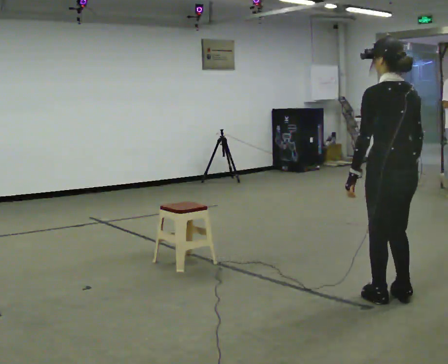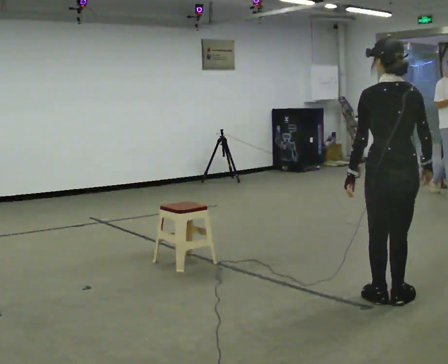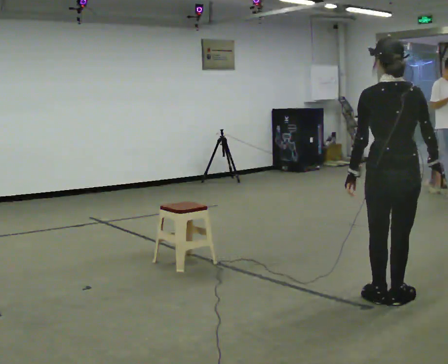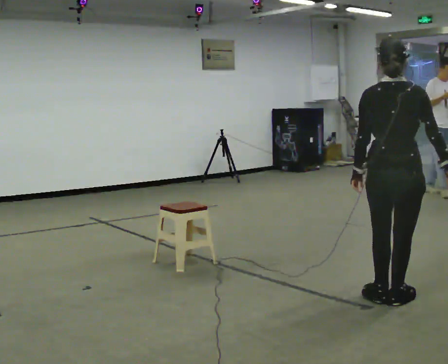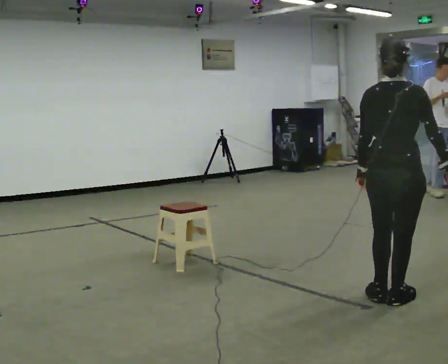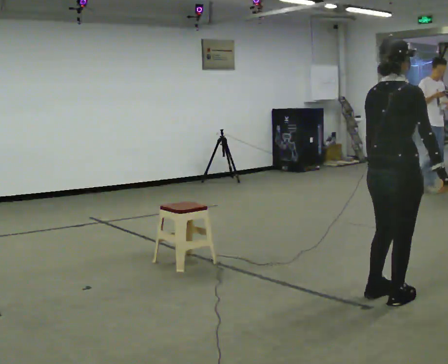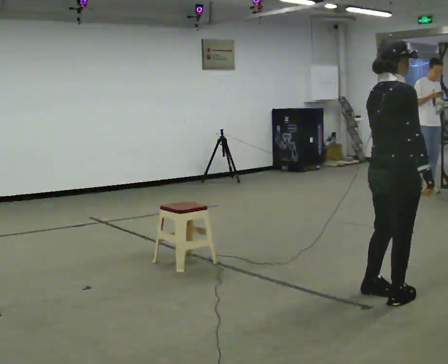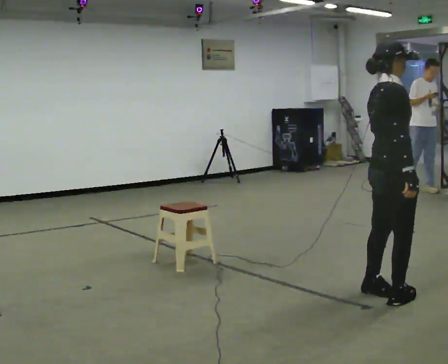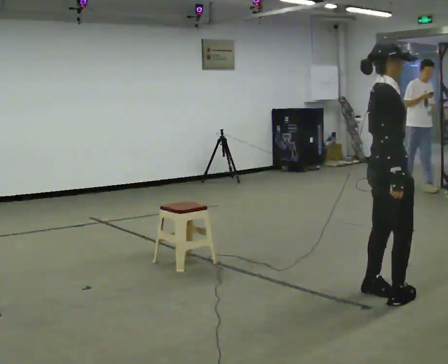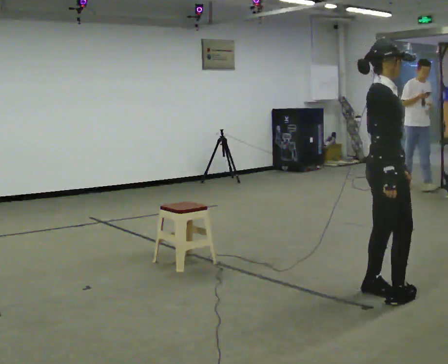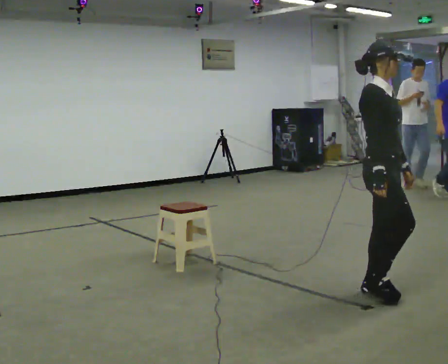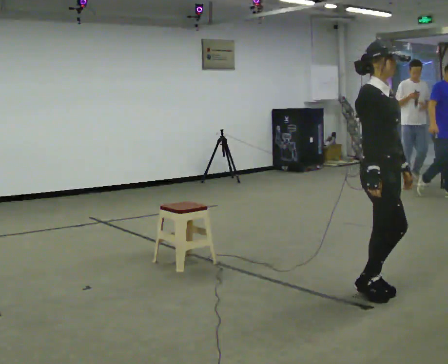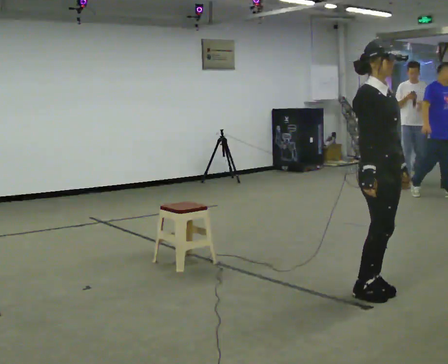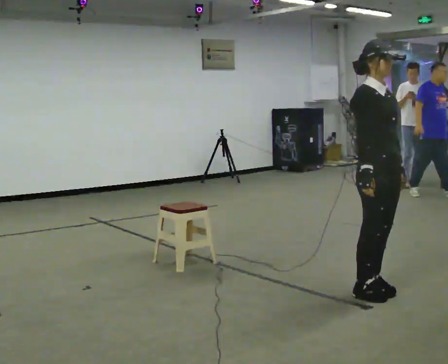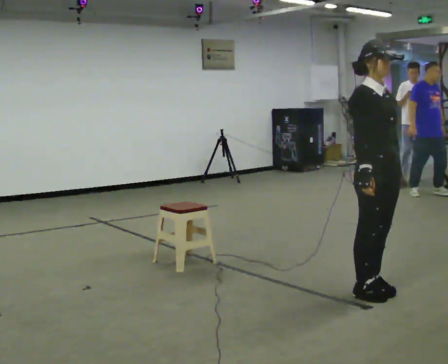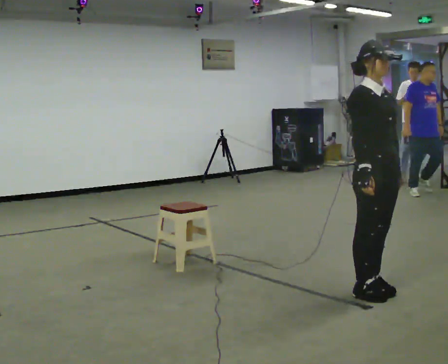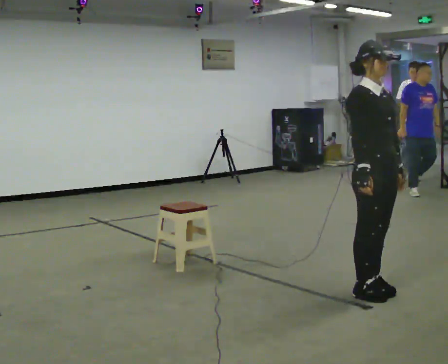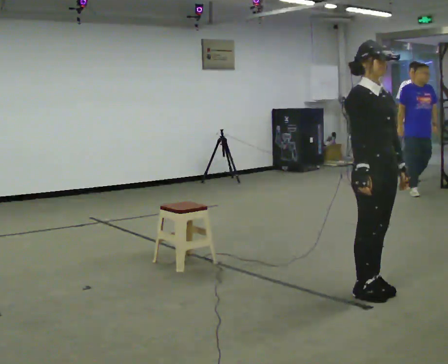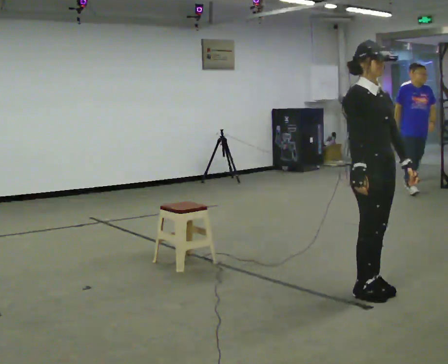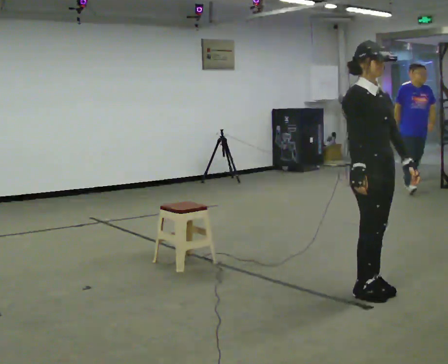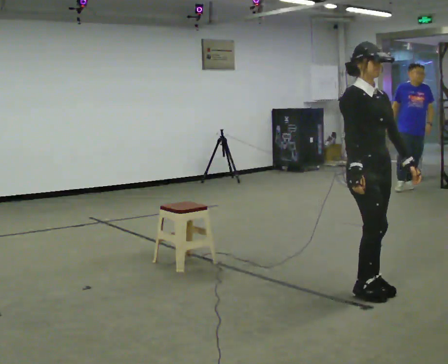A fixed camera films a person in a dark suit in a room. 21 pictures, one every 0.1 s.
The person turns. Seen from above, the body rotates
clockwise.
The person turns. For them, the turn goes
to their right.
0.0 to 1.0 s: Seen from above the body turns clockwise, about 135 degrees: to their right, with its near side sliding to the left.
1.0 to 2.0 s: The part of the body nearest the lens slides to the left as the person turns to their right by about 30 degrees.
The film runs backward here.
